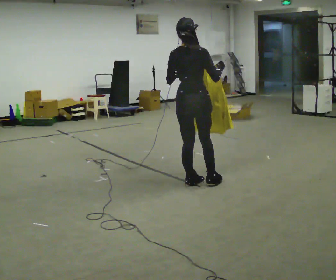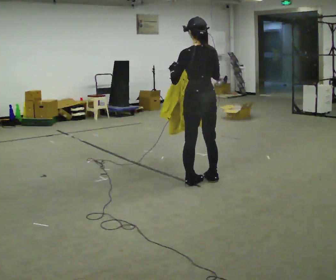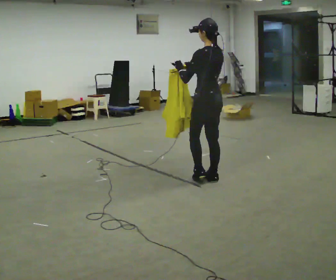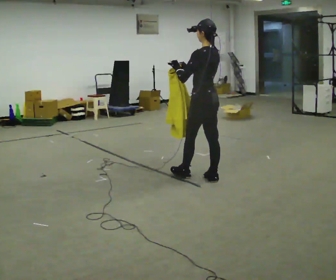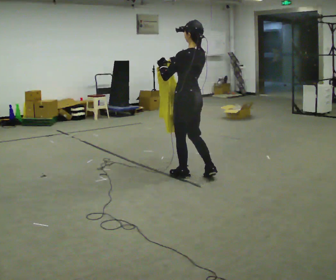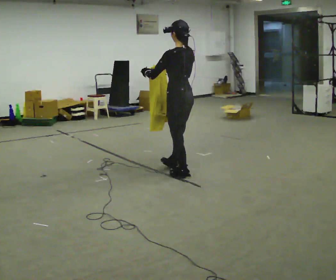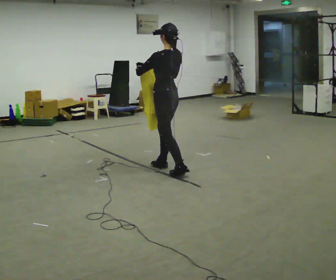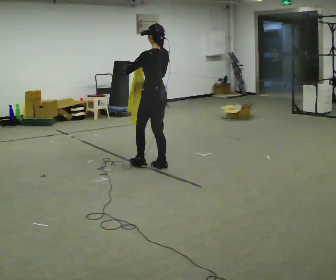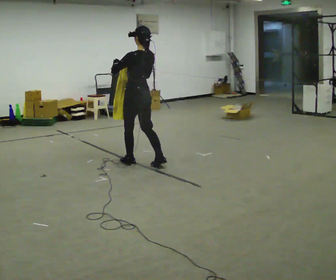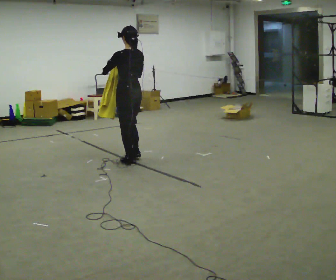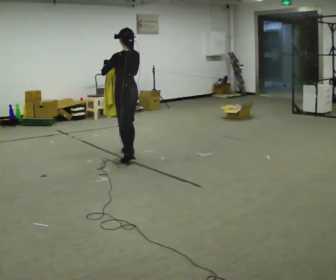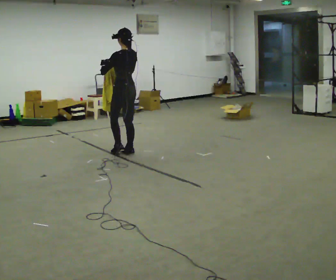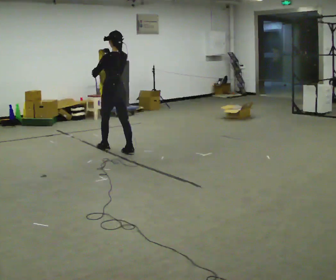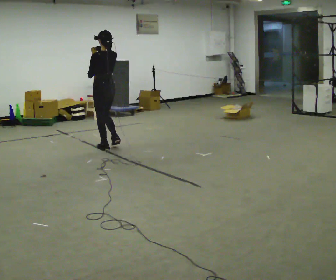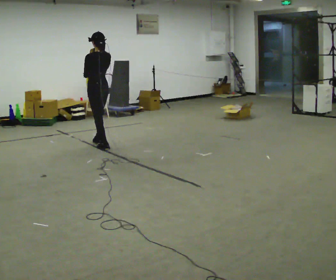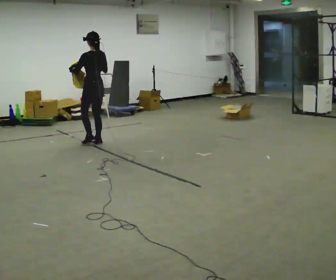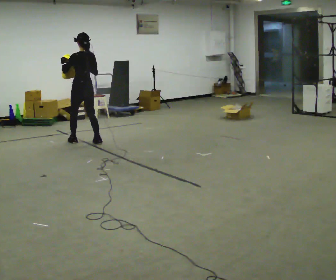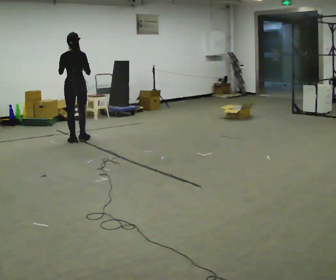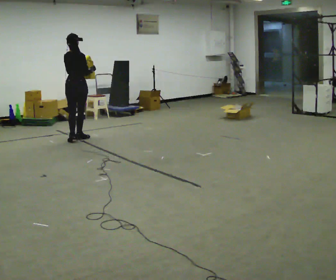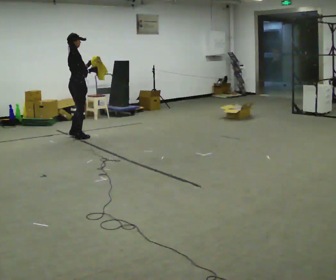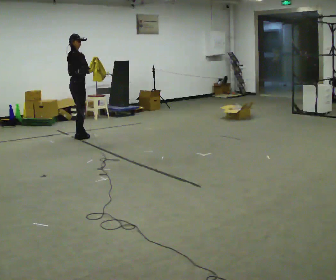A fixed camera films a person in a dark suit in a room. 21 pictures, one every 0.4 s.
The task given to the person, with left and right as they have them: Carry the cloth and, while walking, fold it in half, then unfold it. Keep repeating as you walk. Do not stop.
0.0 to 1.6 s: The part of the body nearest the lens slides to the right as the person turns to their left by about 60 degrees. In the picture they go away from the camera, about 0.25 m in 2 steps. In the picture their right hand goes to the left.
1.6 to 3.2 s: In the picture they go to the left and away from the camera, about 1 m in 2 steps, which for them is forward.
3.2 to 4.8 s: In the picture they go away from the camera and to the left, about 0.5 m in 2 steps, which for them is forward.
4.8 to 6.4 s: In the picture they go to the left and away from the camera, about 0.75 m in 2 steps, which for them is forward.
6.4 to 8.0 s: The person turns about 150 degrees to their right, clockwise seen from above, so the part of the body nearest the lens slides to the left. In the picture they go away from the camera, about 0.5 m in 2 steps.
The film runs forward here.
